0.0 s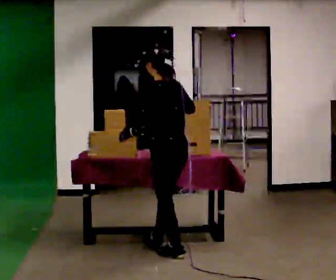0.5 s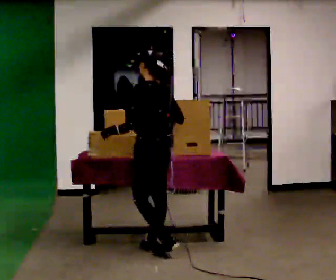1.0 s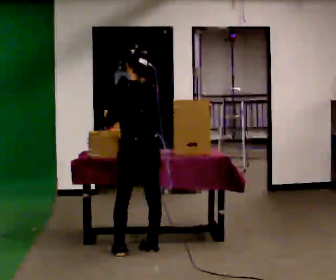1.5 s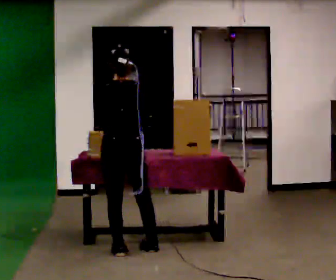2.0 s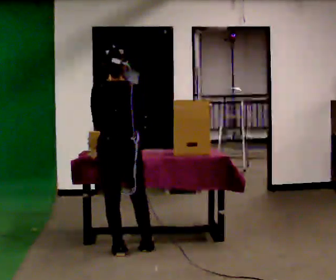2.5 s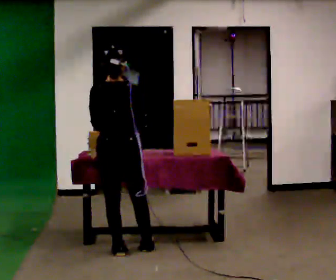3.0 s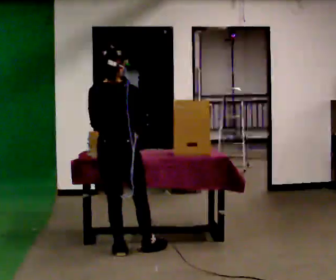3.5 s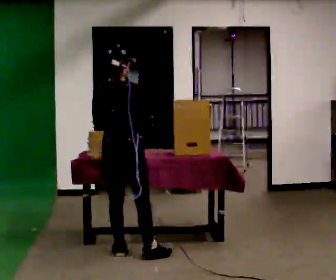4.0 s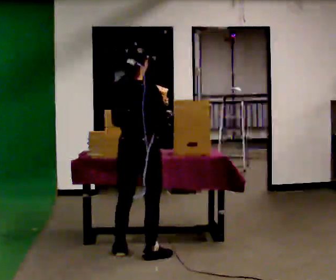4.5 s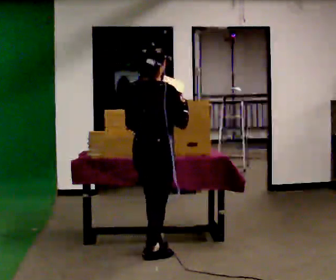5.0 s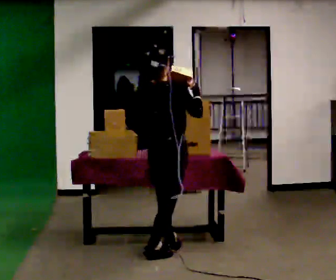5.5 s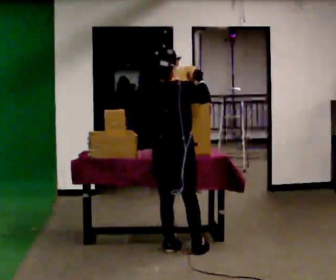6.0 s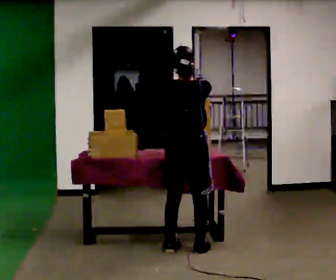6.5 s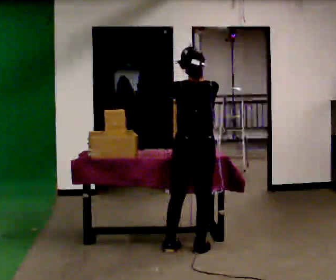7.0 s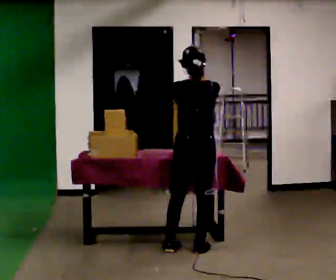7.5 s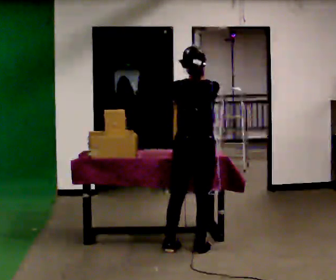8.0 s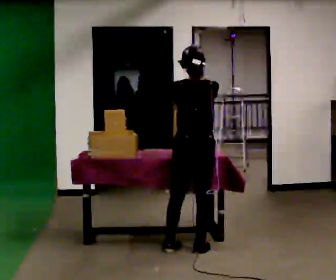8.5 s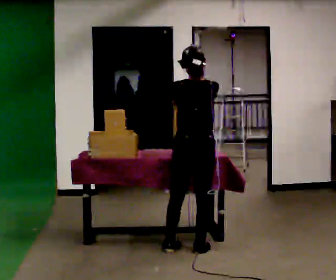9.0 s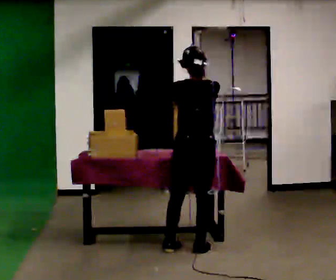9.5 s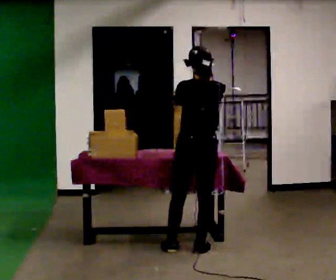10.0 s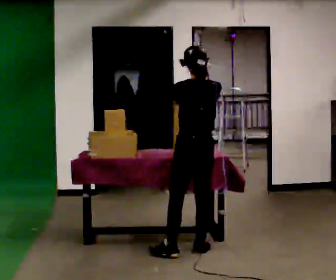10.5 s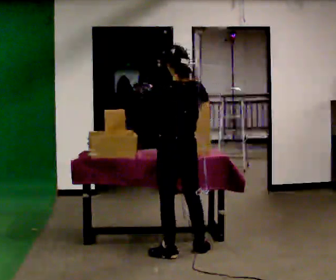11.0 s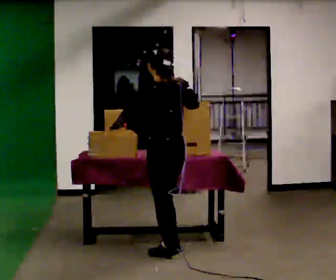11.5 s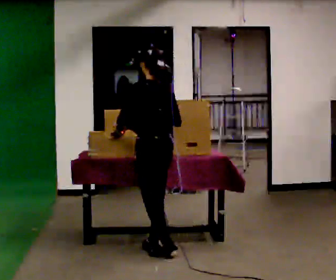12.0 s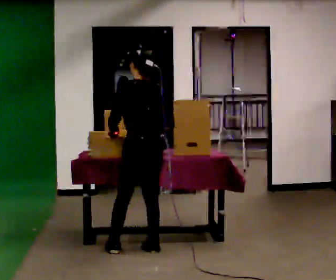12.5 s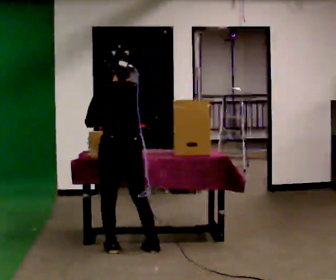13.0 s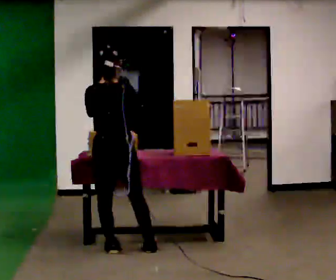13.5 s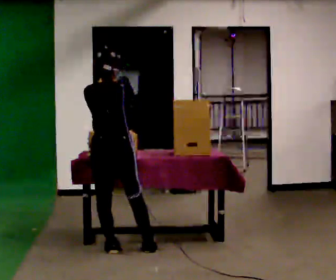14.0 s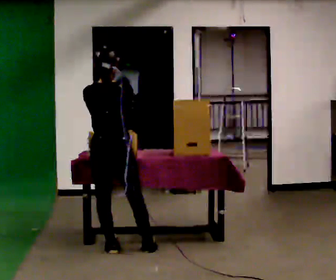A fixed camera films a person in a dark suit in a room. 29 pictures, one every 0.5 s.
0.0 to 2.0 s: Seen from above the body turns clockwise, about 45 degrees: to their right, with its near side sliding to the left. In the picture they go to the left, about 0.5 m in 2 steps, which for them is to their left and forward.
2.0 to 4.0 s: Seen from above the body turns clockwise, about 30 degrees: to their right, with its near side sliding to the left. In the picture they go to the right, about 0.25 m in 1 step, which for them is to their right. In the picture their right hand goes to the right.
4.0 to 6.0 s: The person turns about 30 degrees to their left, counterclockwise seen from above, so the part of the body nearest the lens slides to the right. In the picture they go to the right and away from the camera, about 0.5 m in 2 steps, which for them is forward and to their right.
6.0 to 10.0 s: The person turns about 30 degrees to their left, counterclockwise seen from above, so the part of the body nearest the lens slides to the right.
10.0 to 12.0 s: In the picture they go to the left, about 0.5 m in 2 steps, which for them is to their left and forward. In the picture their left hand goes downward.
12.0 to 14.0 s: The part of the body nearest the lens slides to the left as the person turns to their right by about 30 degrees. In the picture they go to the left, about 0.25 m, which for them is to their left.
The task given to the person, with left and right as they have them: Move the items from one container to the other one at a time, then move them back. Repeat at your own pace until the operator says stop. Keep both feet on the marked spots for the whole take. If you have to step, stop and tell the operator.
The film runs forward here.
